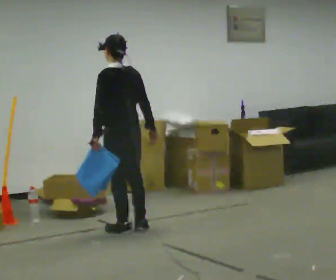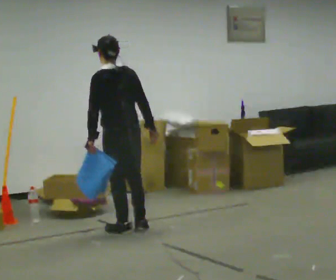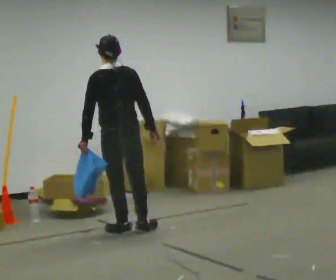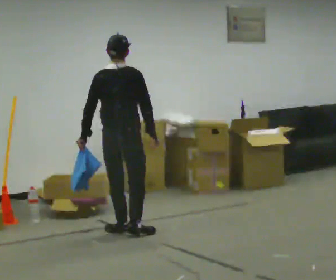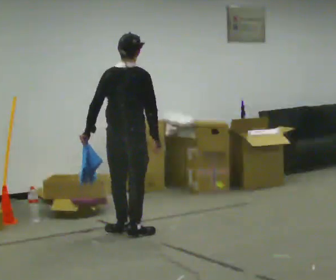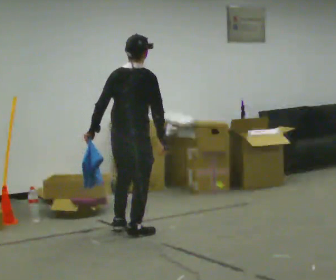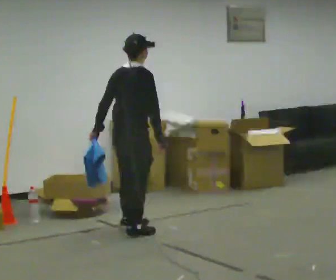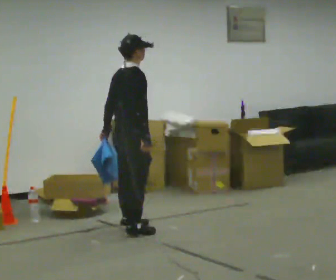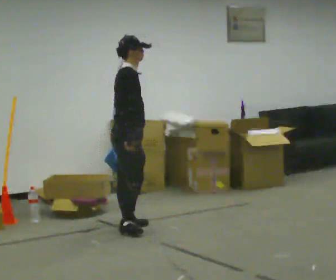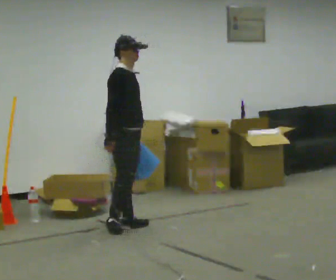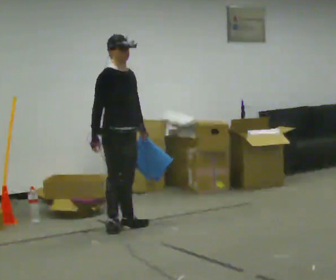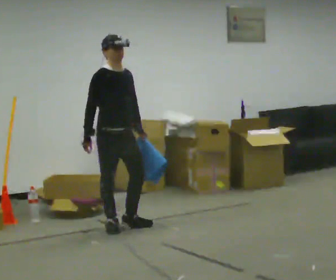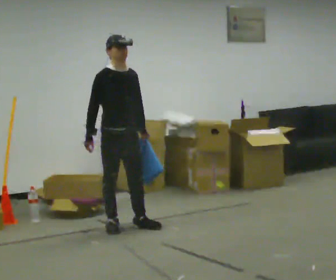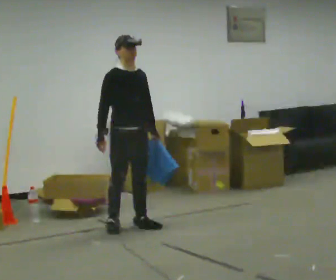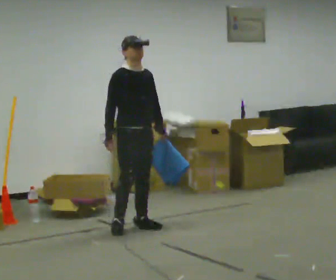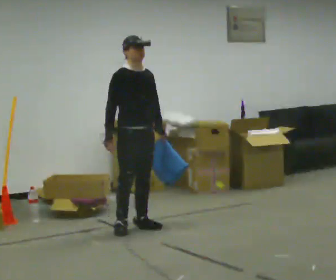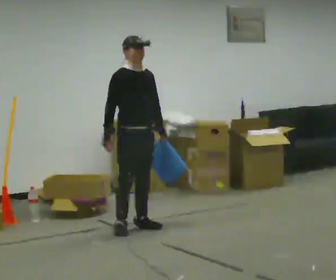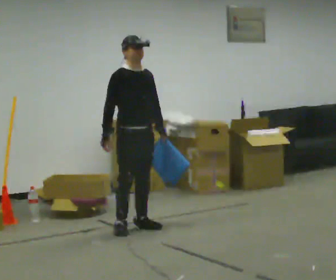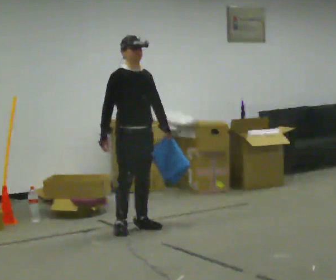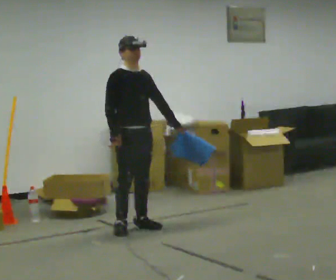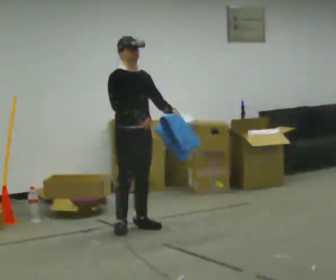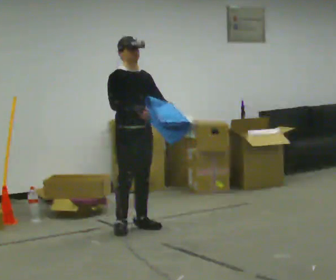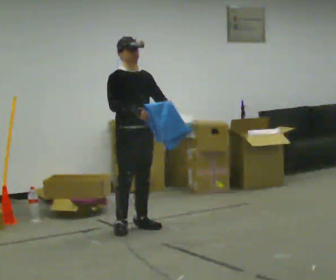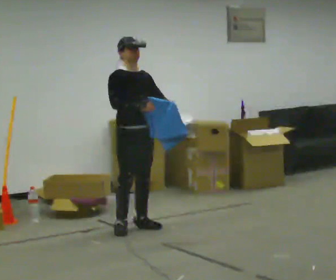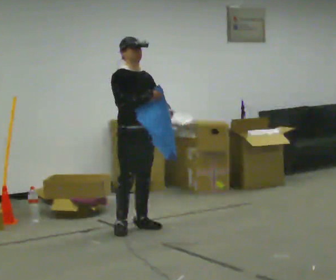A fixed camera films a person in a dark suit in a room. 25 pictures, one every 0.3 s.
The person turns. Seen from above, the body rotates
clockwise.
The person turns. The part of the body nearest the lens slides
to the left.
0.0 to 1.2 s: Seen from above the body turns clockwise, about 45 degrees: to their right, with its near side sliding to the left.
1.2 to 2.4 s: The person turns about 75 degrees to their right, clockwise seen from above, so the part of the body nearest the lens slides to the left. In the picture they go away from the camera, about 0.25 m in 1 step. In the picture their left hand goes to the right.
2.4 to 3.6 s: Seen from above the body turns clockwise, about 60 degrees: to their right, with its near side sliding to the left.
3.6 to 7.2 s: In the picture their right hand goes to the right and upward.
The film runs forward here.
